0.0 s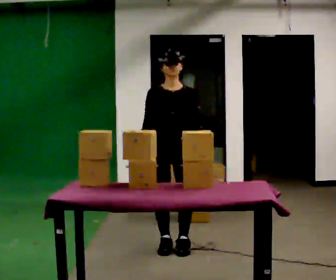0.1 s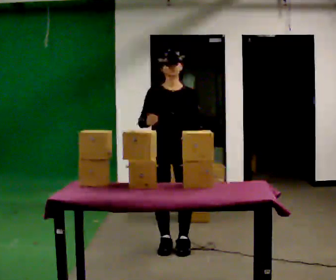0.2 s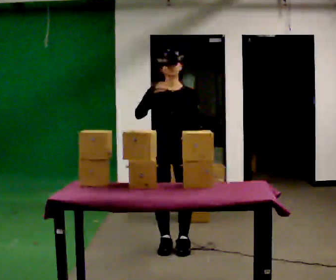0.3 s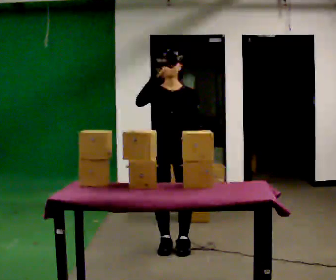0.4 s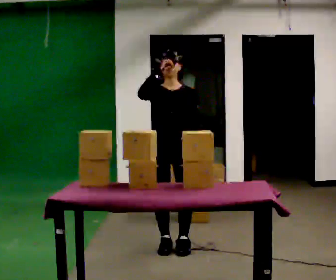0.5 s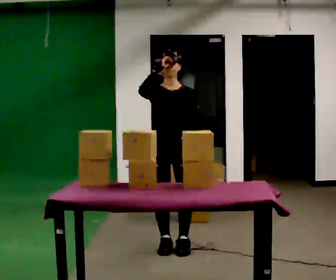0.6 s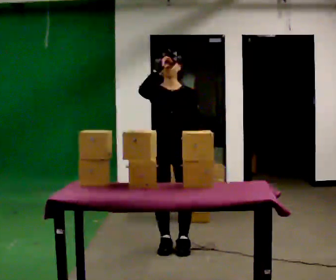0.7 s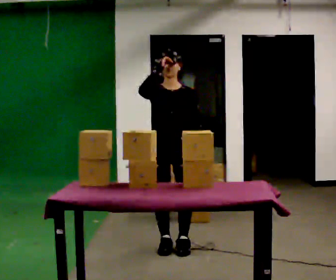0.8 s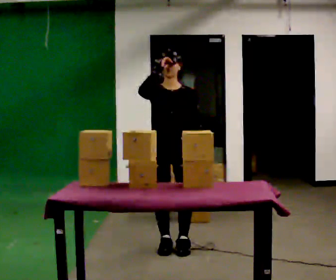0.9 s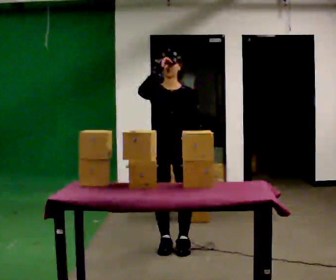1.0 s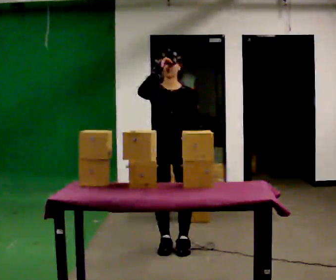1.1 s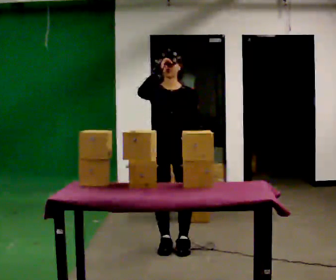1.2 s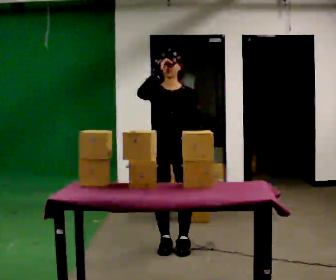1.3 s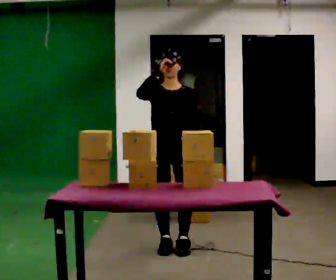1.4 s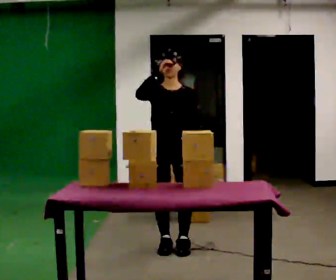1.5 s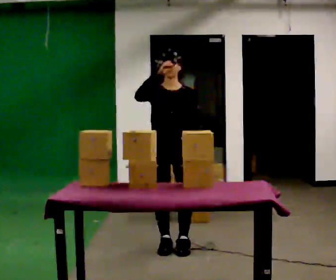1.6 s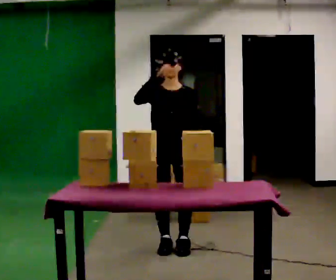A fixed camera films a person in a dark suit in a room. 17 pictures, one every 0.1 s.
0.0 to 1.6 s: In the picture their right hand goes upward.
The film runs backward here.
